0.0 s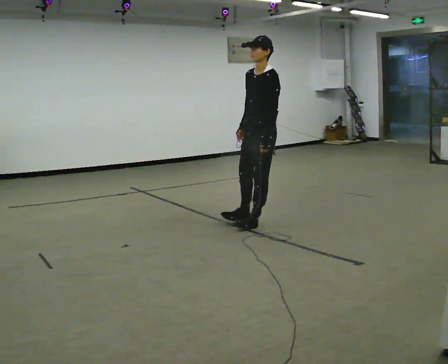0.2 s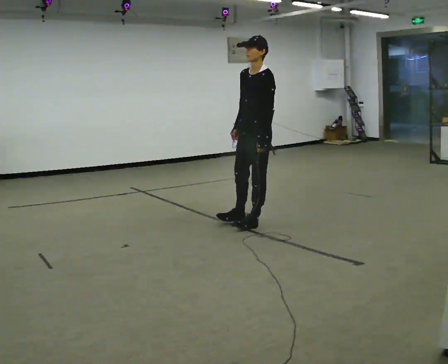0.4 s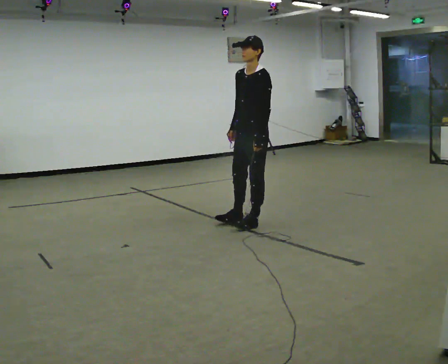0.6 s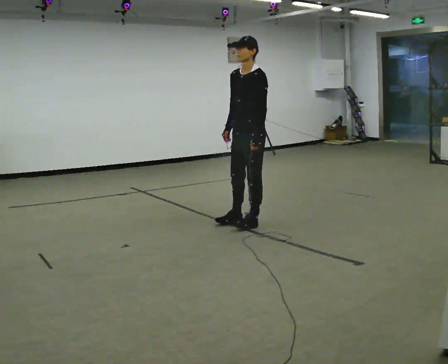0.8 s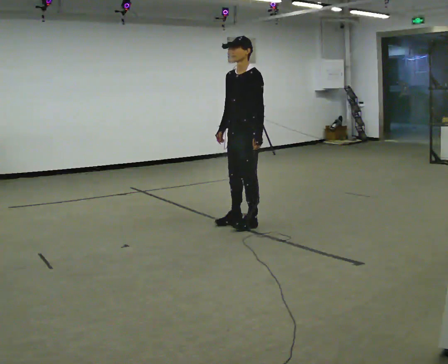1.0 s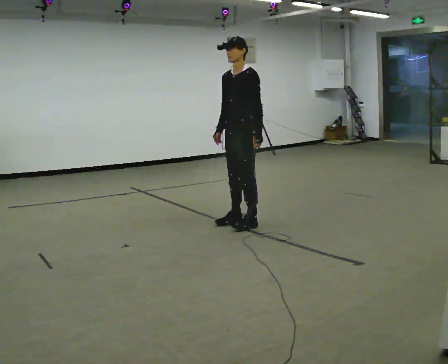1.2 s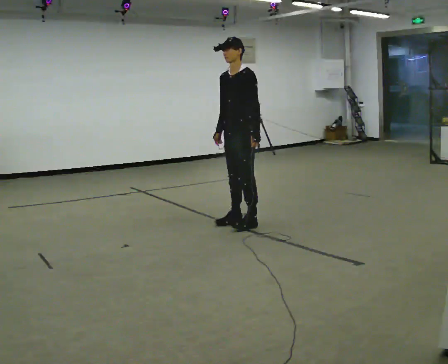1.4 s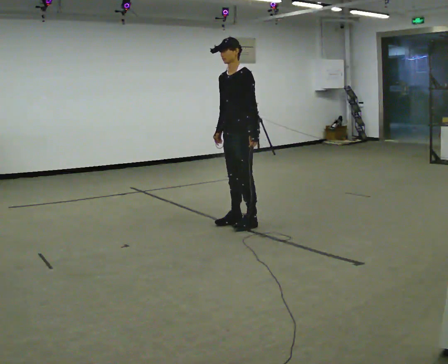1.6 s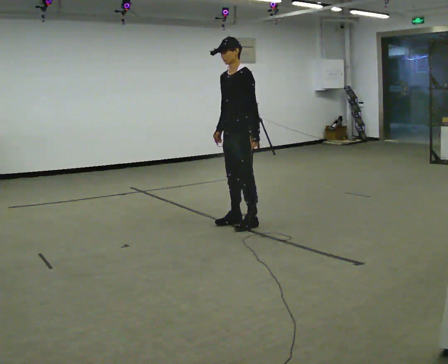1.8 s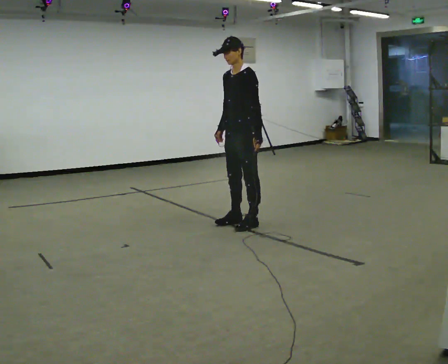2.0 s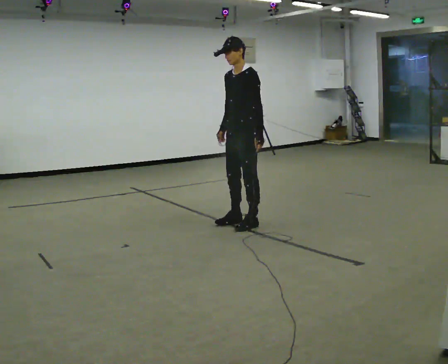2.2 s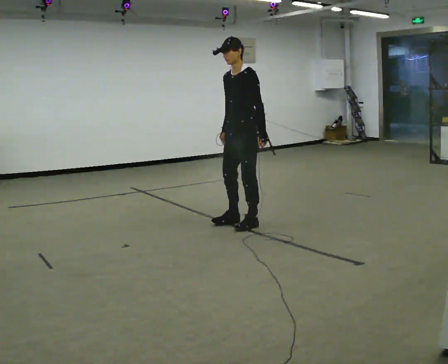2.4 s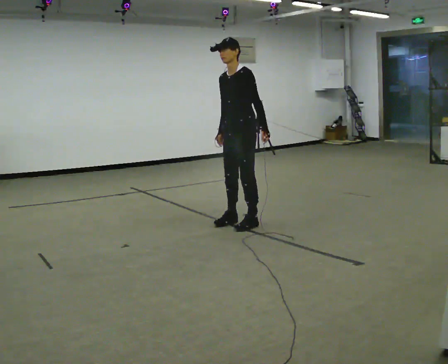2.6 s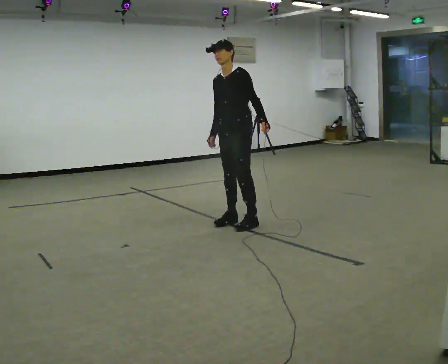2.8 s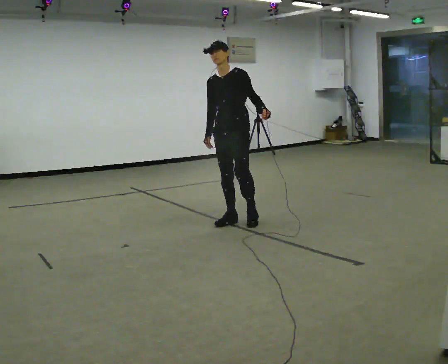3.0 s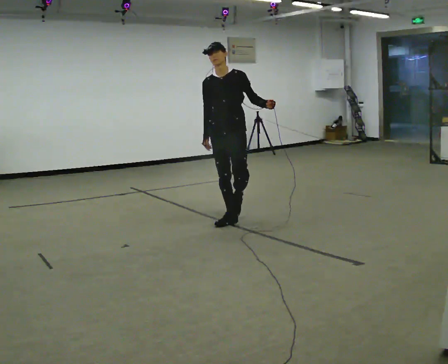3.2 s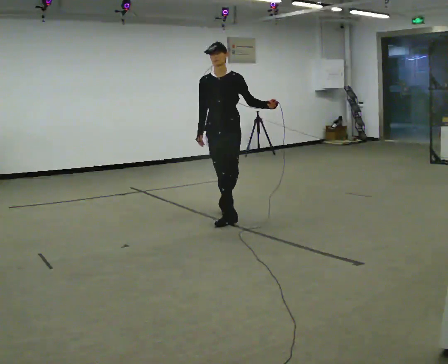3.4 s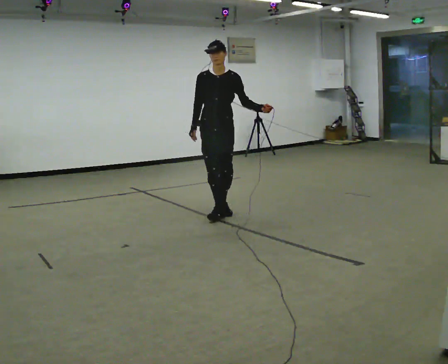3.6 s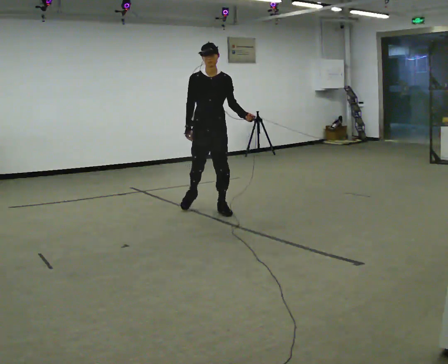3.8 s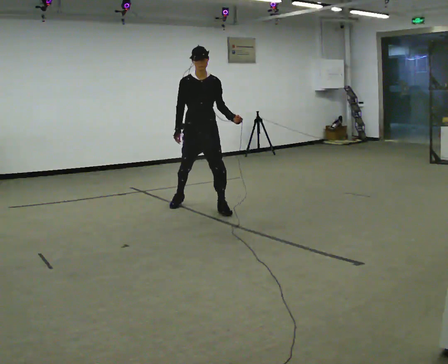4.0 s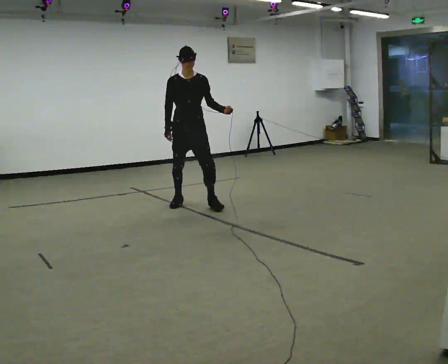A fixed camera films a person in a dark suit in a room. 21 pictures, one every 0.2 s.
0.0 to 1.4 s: In the picture they go to the left, about 0.25 m, which for them is to their right.
1.4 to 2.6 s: The person moves a little, or ends about where they began.
2.6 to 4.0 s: The part of the body nearest the lens slides to the right as the person turns to their left by about 60 degrees. In the picture they go away from the camera and to the left, about 1 m in 3 steps, which for them is backward and to their right.
The film runs backward here.
